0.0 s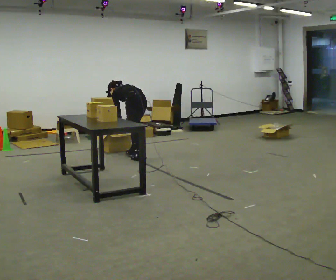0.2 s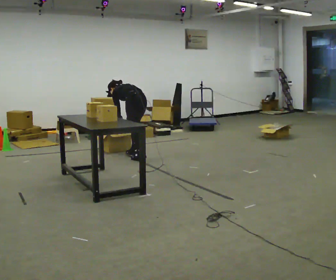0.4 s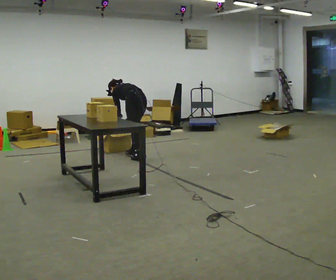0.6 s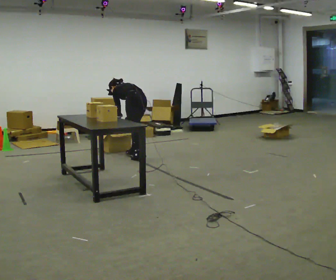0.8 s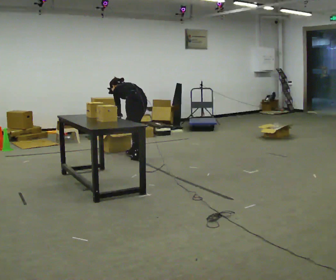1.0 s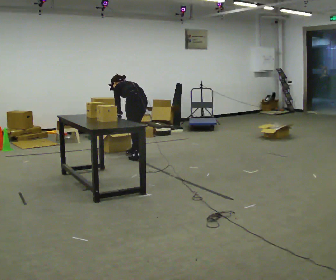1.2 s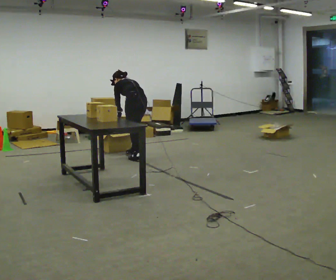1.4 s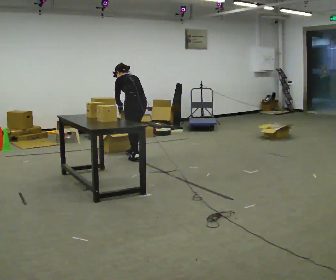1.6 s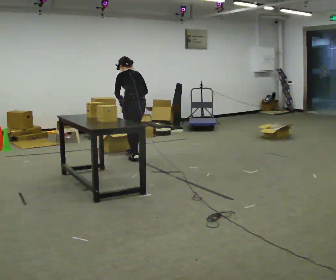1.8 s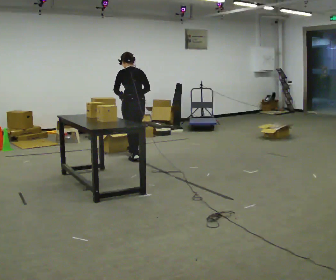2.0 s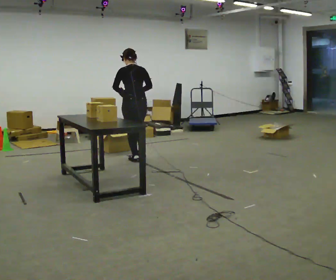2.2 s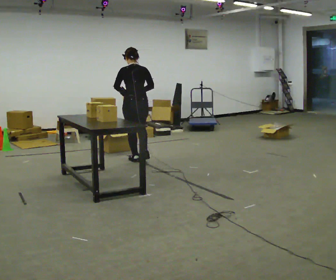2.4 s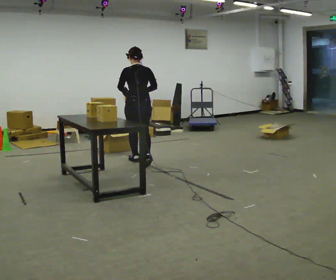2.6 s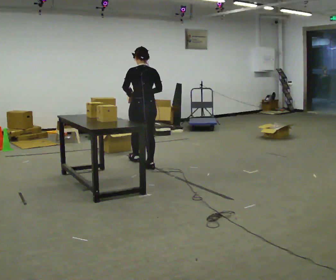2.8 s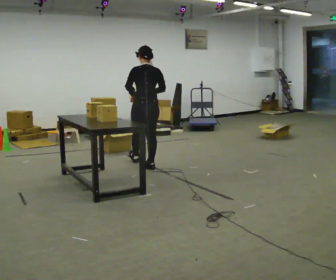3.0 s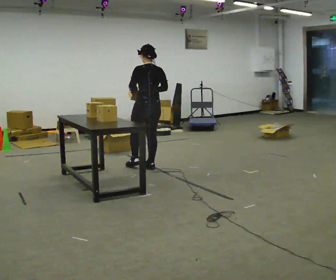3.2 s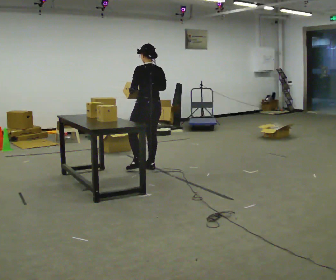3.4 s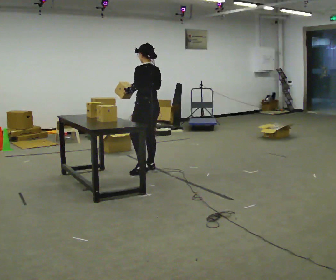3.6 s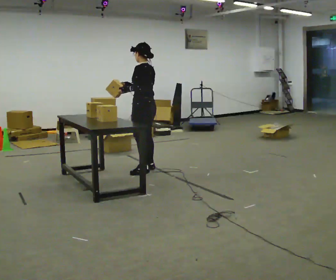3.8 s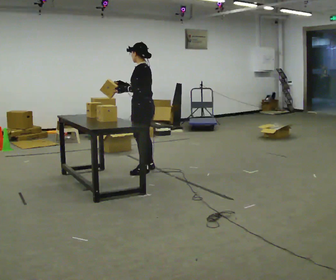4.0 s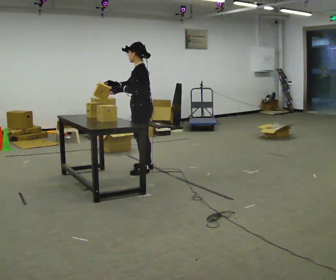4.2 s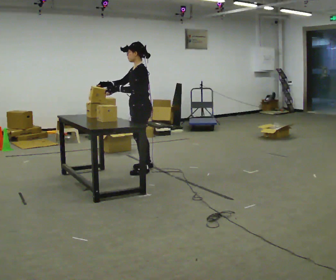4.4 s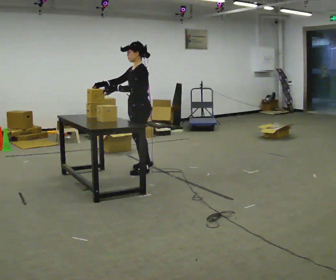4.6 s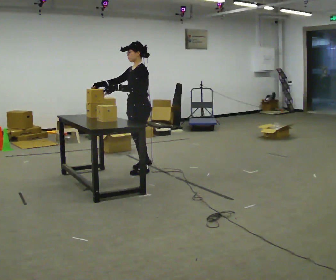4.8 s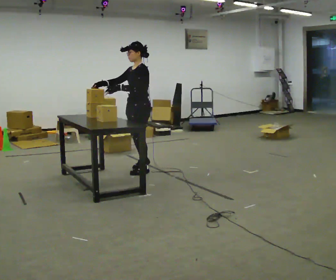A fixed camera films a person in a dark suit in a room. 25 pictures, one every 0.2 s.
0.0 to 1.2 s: In the picture the upper body tilts clockwise, shoulders to the right, as they lean back or straighten.
1.2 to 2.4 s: The person turns about 30 degrees to their right, clockwise seen from above, so the part of the body nearest the lens slides to the left. In the picture they go toward the camera, about 0.5 m in 1 step, which for them is backward and to their left. The upper body goes upward. The upper body tips toward the camera, its near side rolling downward, as they lean back or straighten. In the picture their right hand goes upward.
2.4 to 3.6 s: Seen from above the body turns counterclockwise, about 45 degrees: to their left, with its near side sliding to the right. In the picture they go toward the camera, about 0.5 m in 1 step, which for them is backward.
3.6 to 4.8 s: Seen from above the body turns counterclockwise, about 45 degrees: to their left, with its near side sliding to the right. In the picture their right hand goes to the left.
The film runs backward here.
